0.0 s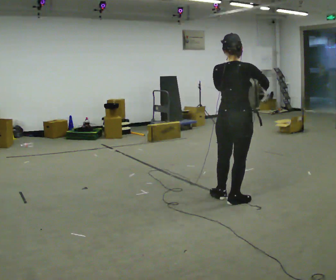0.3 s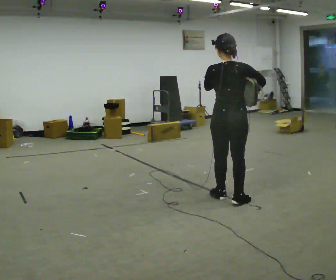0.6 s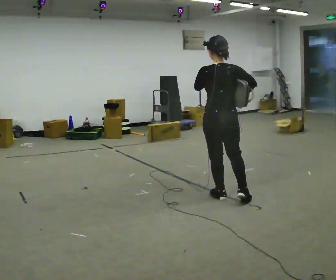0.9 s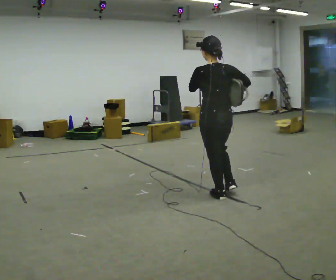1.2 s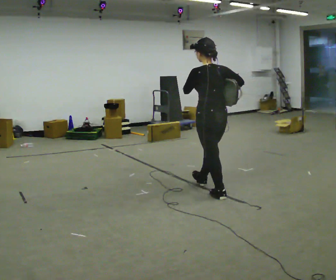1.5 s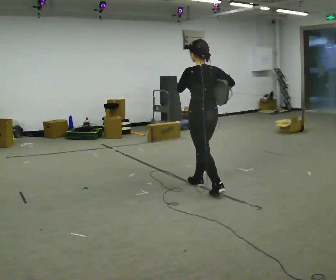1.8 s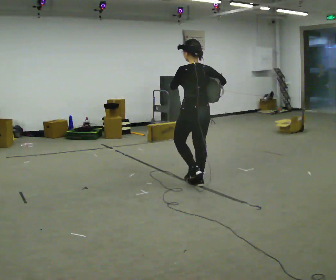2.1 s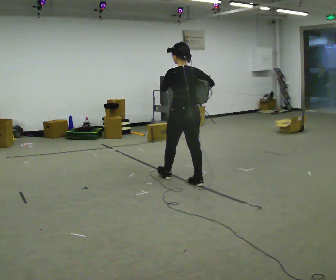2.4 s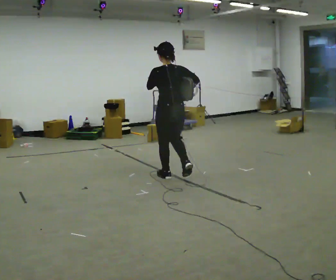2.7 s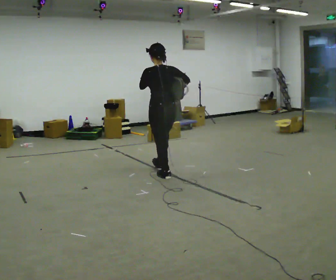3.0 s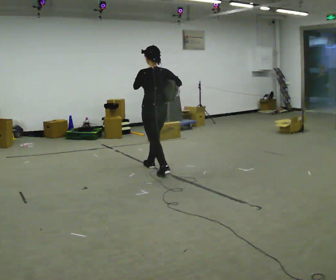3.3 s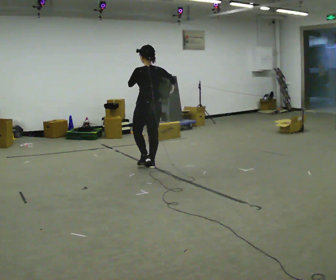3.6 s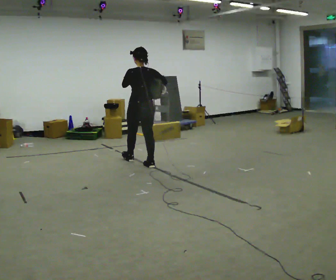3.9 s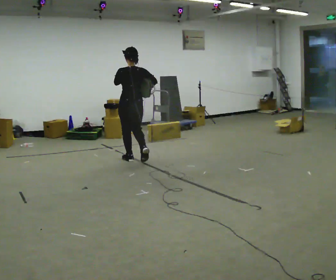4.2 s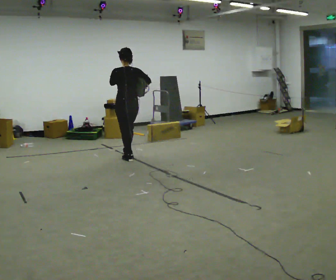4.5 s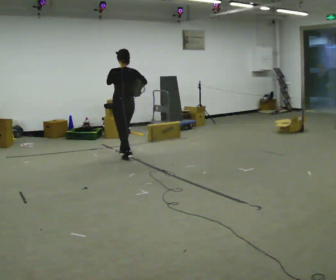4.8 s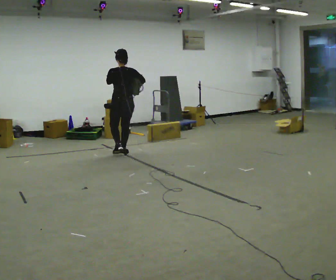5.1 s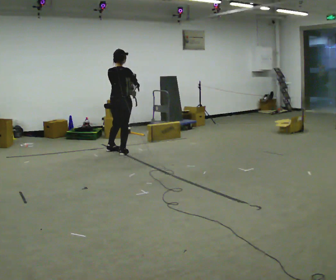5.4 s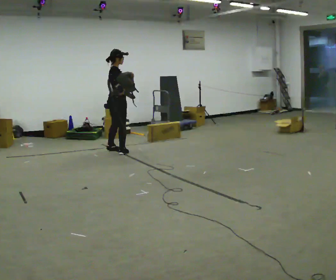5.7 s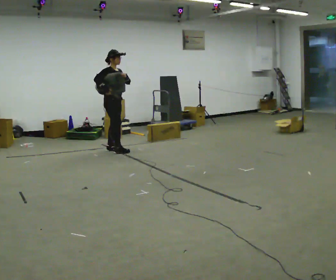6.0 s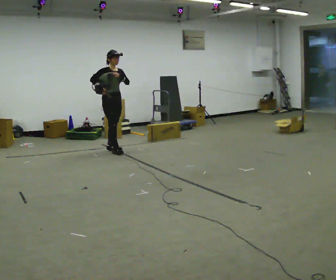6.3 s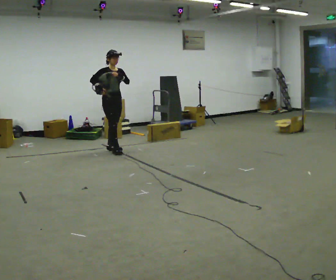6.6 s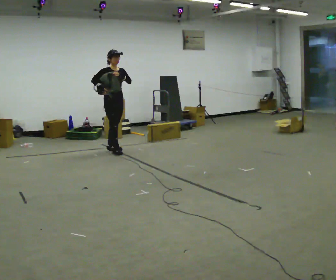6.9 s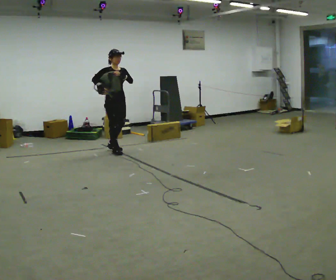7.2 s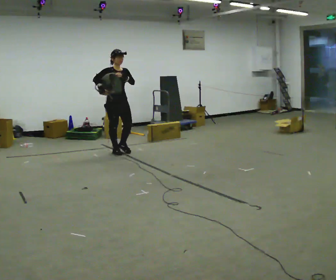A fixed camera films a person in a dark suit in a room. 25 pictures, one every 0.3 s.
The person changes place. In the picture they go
away from the camera.
0.0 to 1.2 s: Seen from above the body turns counterclockwise, about 45 degrees: to their left, with its near side sliding to the right. In the picture they go away from the camera and to the left, about 0.25 m, which for them is forward and to their left.
1.2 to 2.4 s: In the picture they go away from the camera and to the left, about 0.5 m in 2 steps, which for them is forward.
2.4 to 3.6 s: In the picture they go away from the camera and to the left, about 1 m in 2 steps, which for them is forward.
3.6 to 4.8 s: In the picture they go away from the camera and to the left, about 0.5 m in 1 step, which for them is forward.
4.8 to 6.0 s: The person turns about 150 degrees to their right, clockwise seen from above, so the part of the body nearest the lens slides to the left. In the picture they go away from the camera and to the left, about 0.25 m in 1 step.
6.0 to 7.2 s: In the picture they go toward the camera, about 0.25 m, which for them is forward.
The film runs forward here.
